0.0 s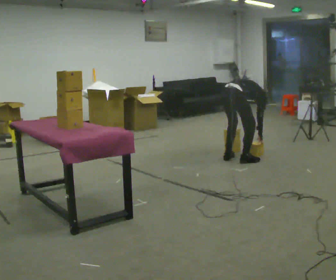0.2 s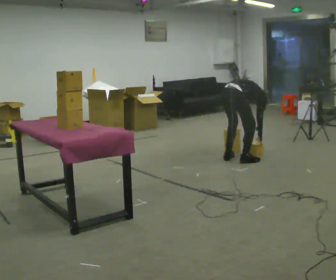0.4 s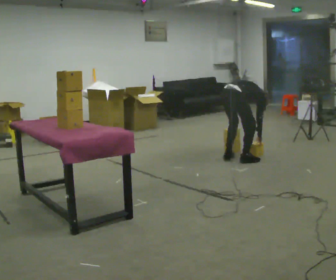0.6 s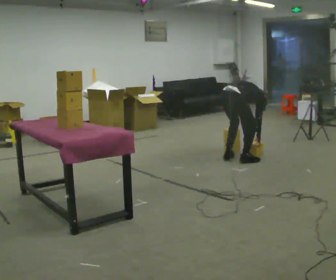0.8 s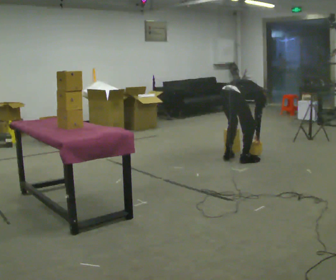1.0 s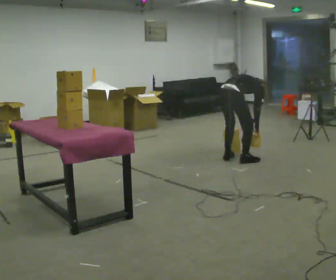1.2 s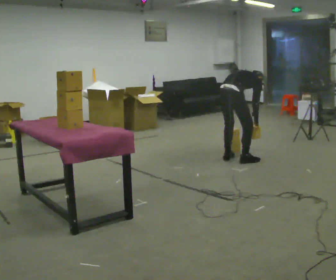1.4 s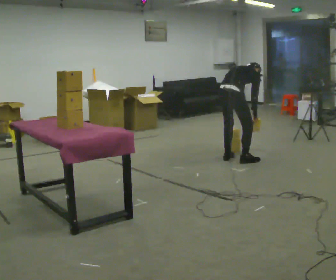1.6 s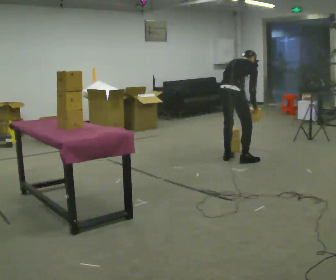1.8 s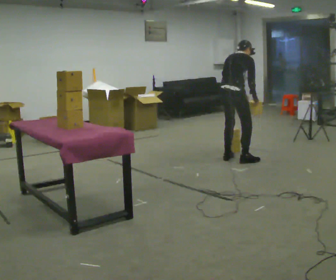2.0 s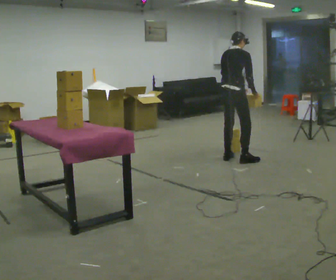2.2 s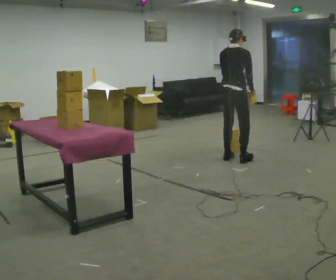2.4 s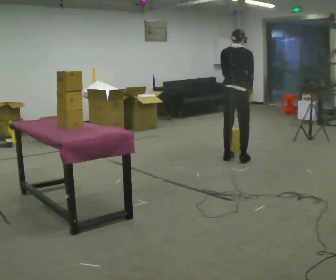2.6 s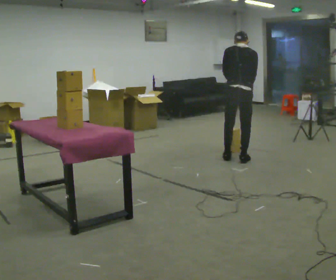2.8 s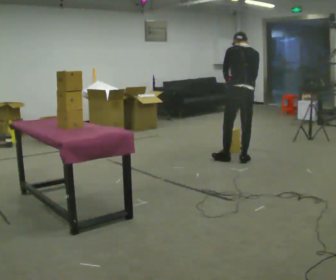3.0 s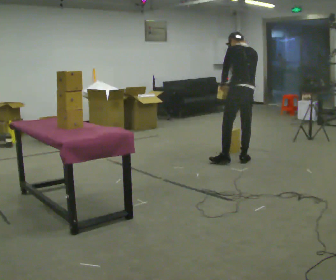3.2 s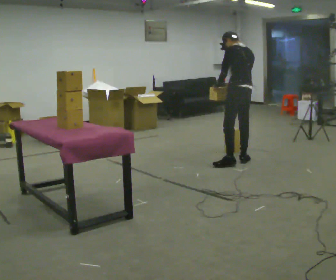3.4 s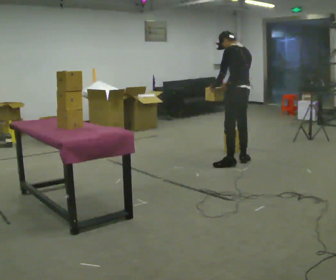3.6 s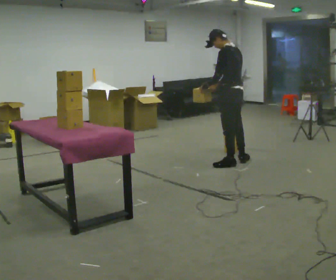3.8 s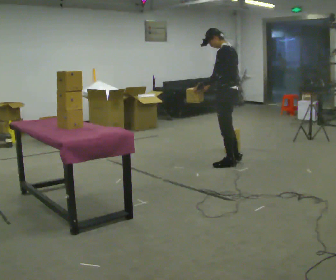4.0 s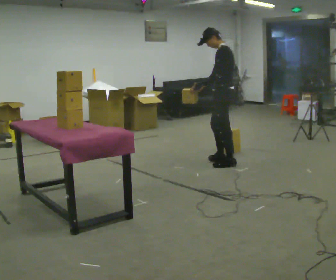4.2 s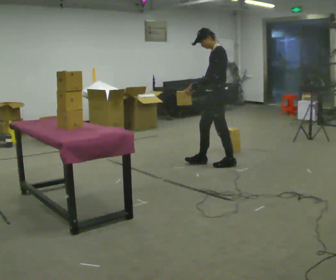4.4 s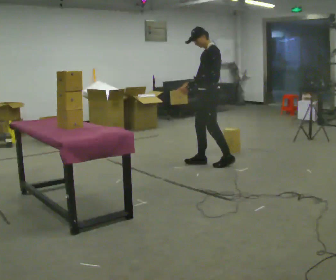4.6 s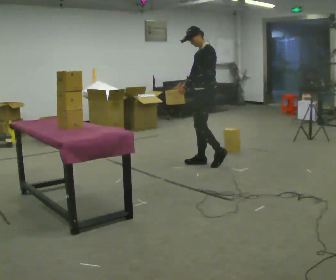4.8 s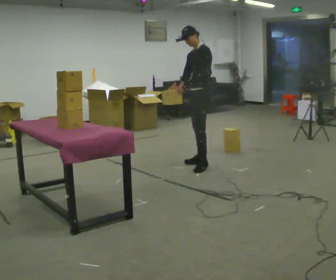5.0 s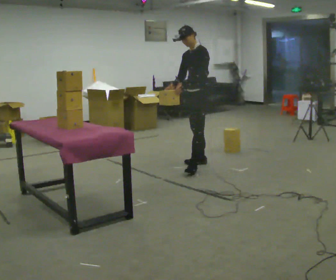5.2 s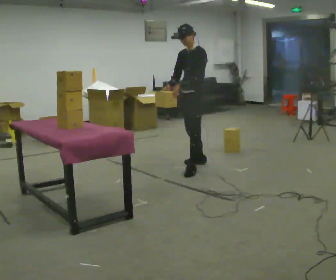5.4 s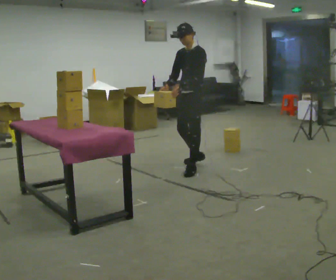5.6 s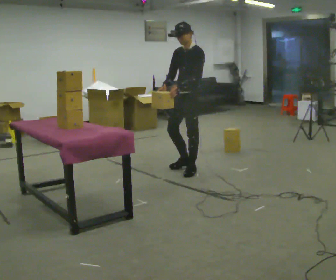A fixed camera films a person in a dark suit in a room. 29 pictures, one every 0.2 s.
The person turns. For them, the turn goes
to their left.
Their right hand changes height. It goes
upward.
0.0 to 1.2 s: The upper body goes upward. In the picture the upper body tilts counterclockwise, shoulders to the left, as they lean back or straighten.
1.2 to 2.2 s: The upper body goes upward. The upper body tips toward the camera, its near side rolling downward, as they lean back or straighten. In the picture their right hand goes upward.
2.2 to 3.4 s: The part of the body nearest the lens slides to the right as the person turns to their left by about 75 degrees. In the picture they go toward the camera, about 0.25 m in 1 step. In the picture their right hand goes to the left.
3.4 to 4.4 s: The part of the body nearest the lens slides to the right as the person turns to their left by about 60 degrees. In the picture they go to the left, about 0.25 m in 1 step.
4.4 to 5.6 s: The part of the body nearest the lens slides to the right as the person turns to their left by about 30 degrees. In the picture they go toward the camera and to the left, about 0.5 m in 1 step, which for them is forward.
The film runs forward here.
